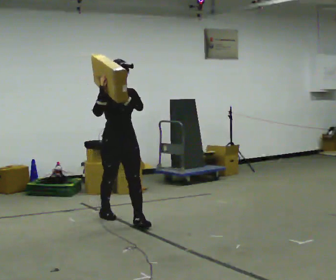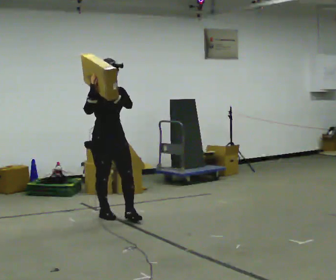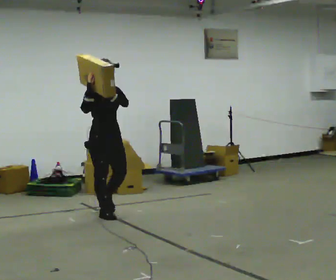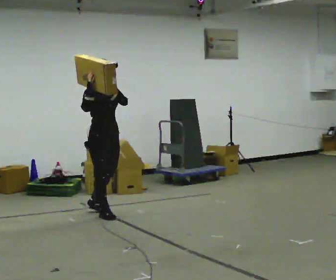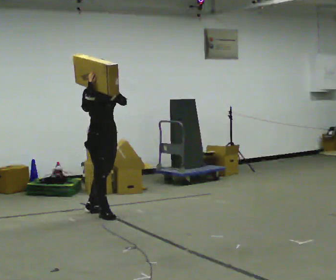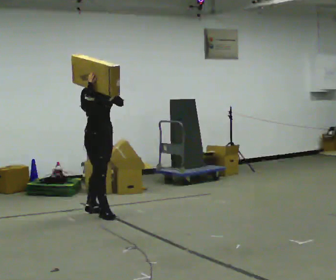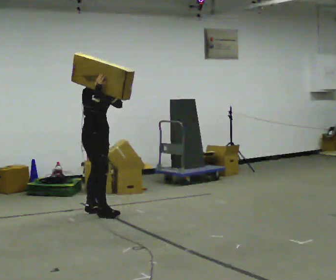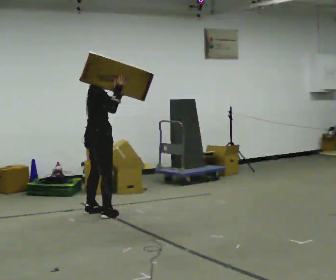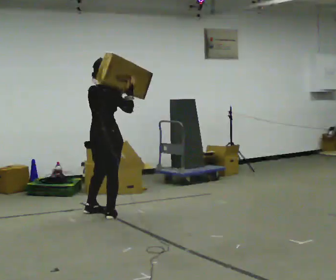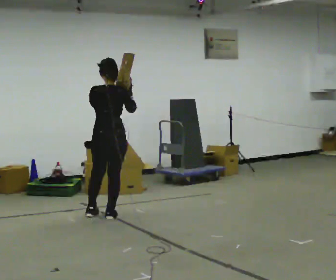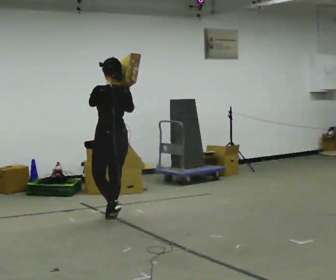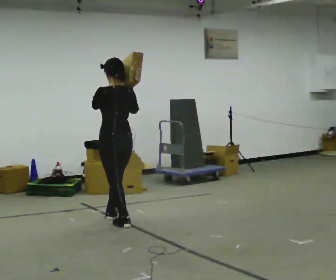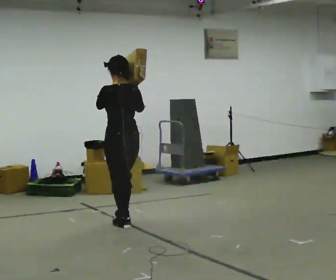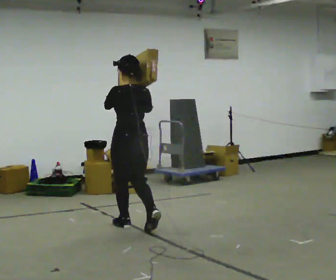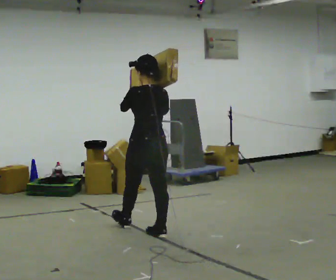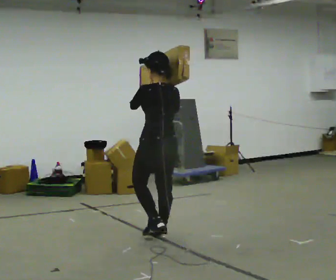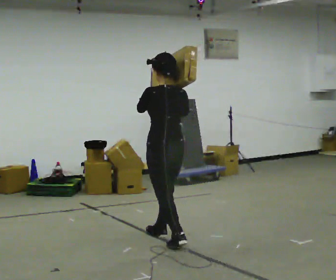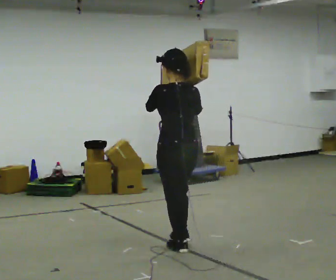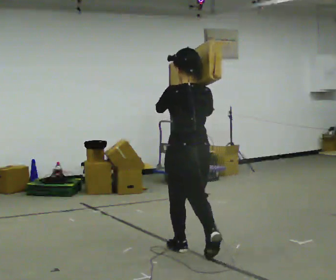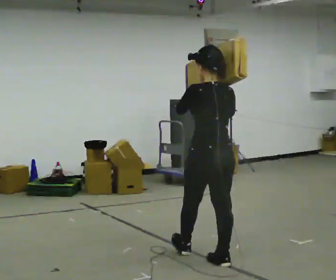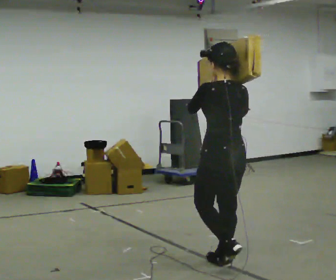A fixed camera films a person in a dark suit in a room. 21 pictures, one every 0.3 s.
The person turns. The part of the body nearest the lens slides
to the right.
The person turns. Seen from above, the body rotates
counterclockwise.
0.0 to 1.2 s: The part of the body nearest the lens slides to the right as the person turns to their left by about 30 degrees. In the picture they go away from the camera and to the left, about 0.25 m in 1 step, which for them is backward.
1.2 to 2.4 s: The part of the body nearest the lens slides to the right as the person turns to their left by about 90 degrees. In the picture their right hand goes to the right.
2.4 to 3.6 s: The person turns about 75 degrees to their left, counterclockwise seen from above, so the part of the body nearest the lens slides to the right. In the picture they go toward the camera and to the right, about 0.5 m in 2 steps.
3.6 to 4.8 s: In the picture they go toward the camera and to the right, about 0.5 m in 1 step, which for them is backward.
4.8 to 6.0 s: In the picture they go toward the camera and to the right, about 1 m in 2 steps, which for them is backward.
The film runs backward here.
